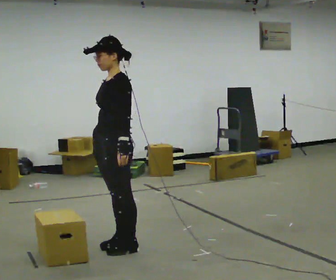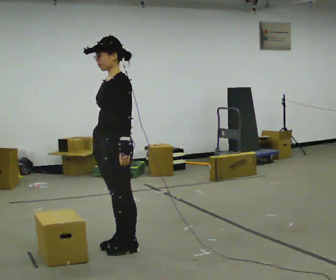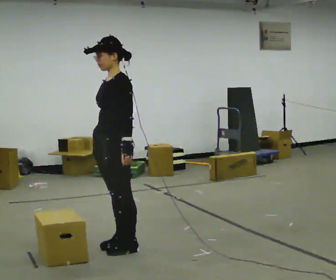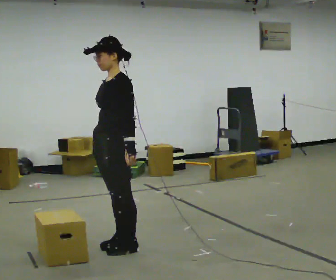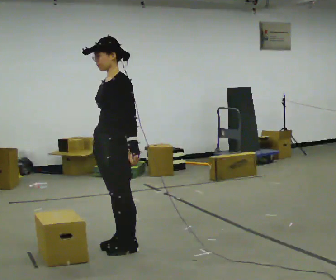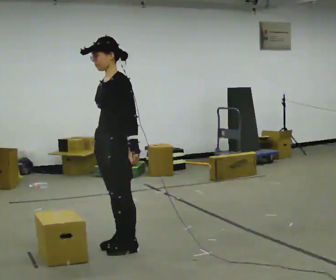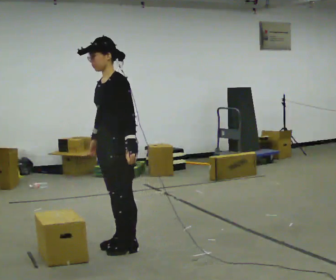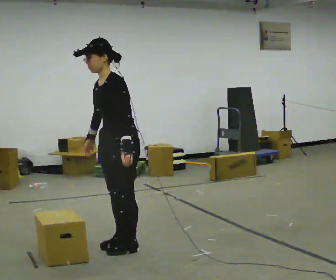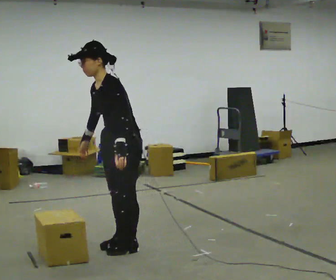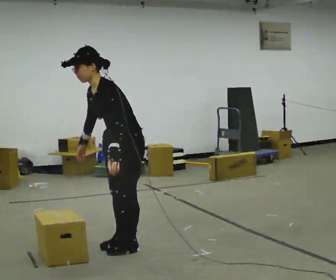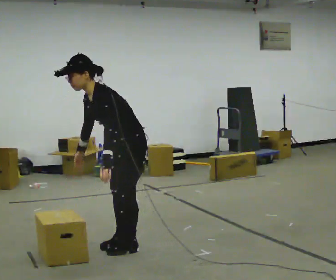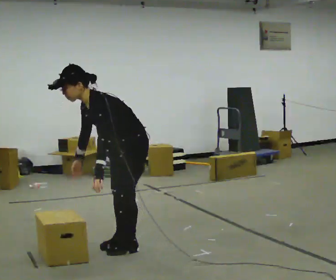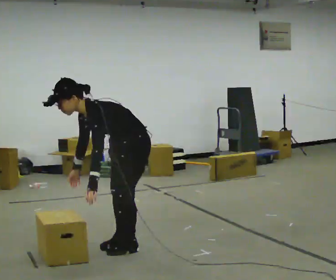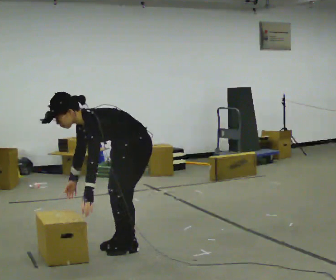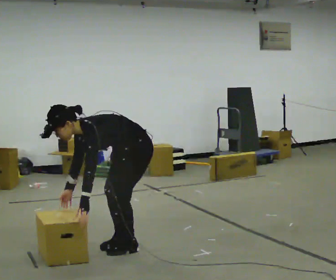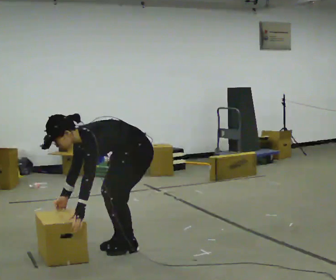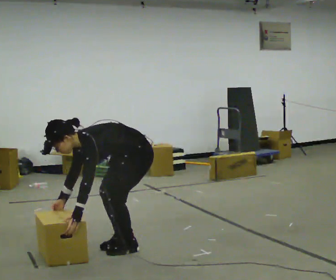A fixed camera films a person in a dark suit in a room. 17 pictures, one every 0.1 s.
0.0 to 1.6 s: The upper body goes downward. In the picture the upper body tilts counterclockwise, shoulders to the left, as they bend forward. In the picture their right hand goes downward and to the left.
The film runs backward here.
